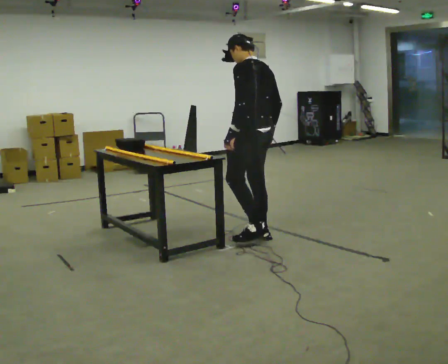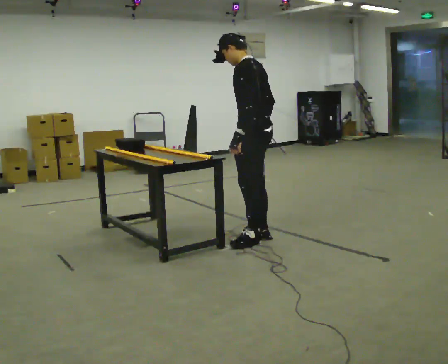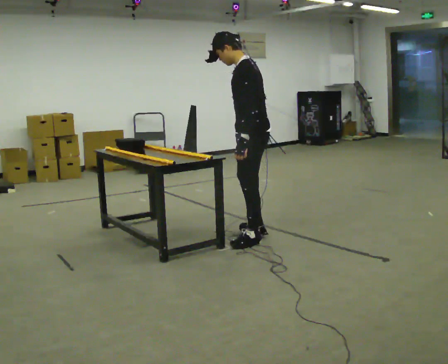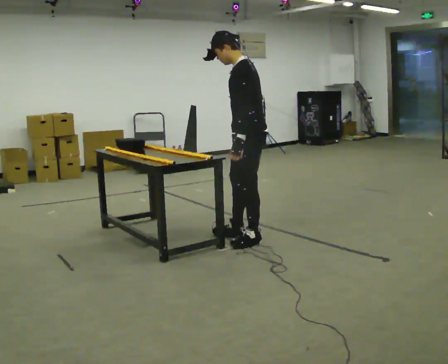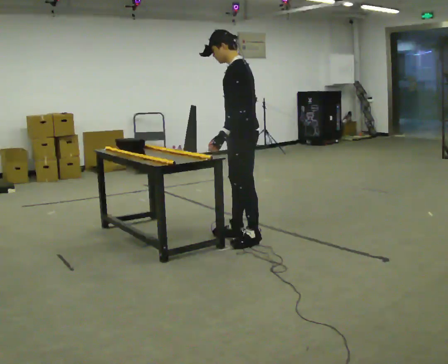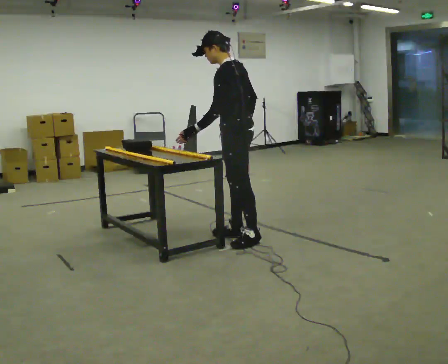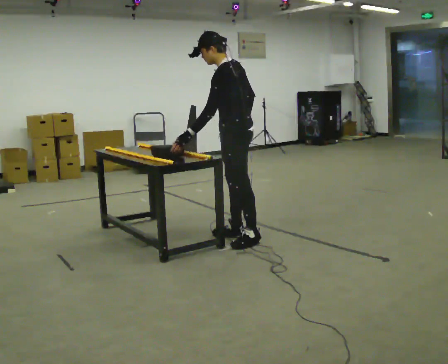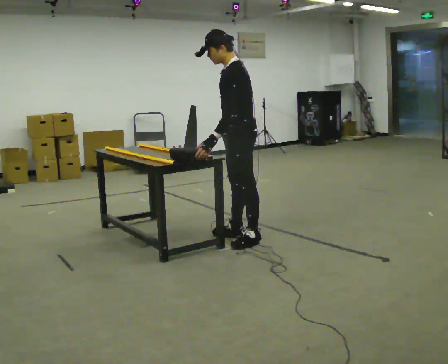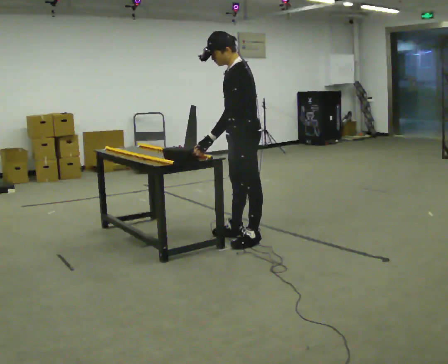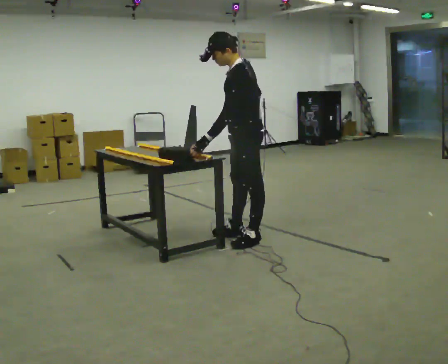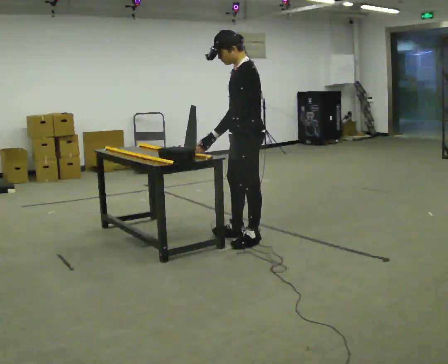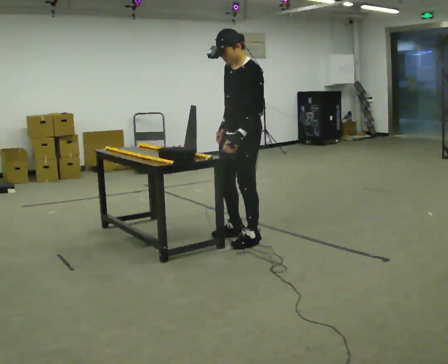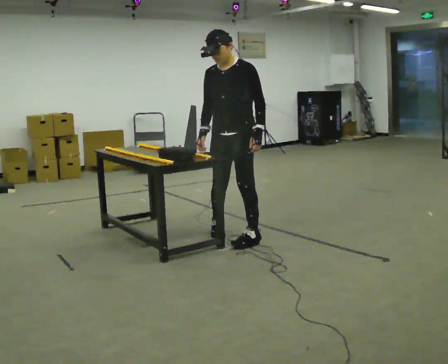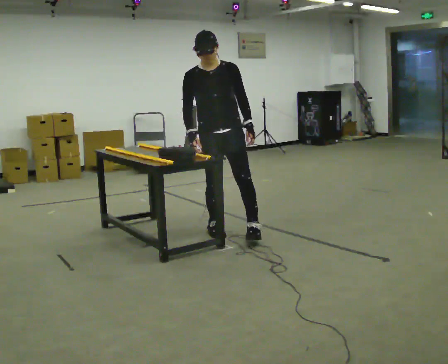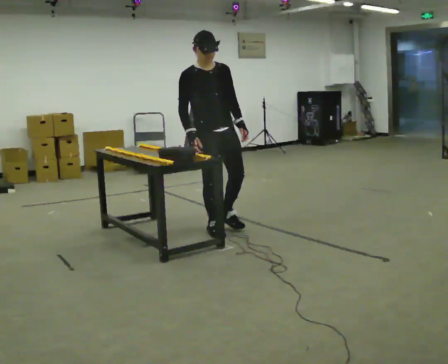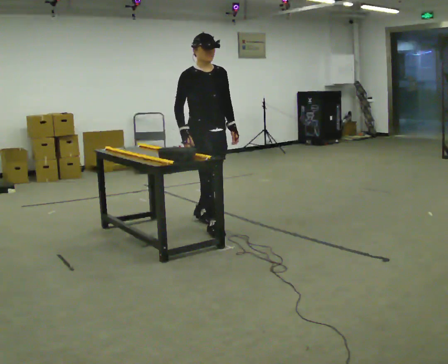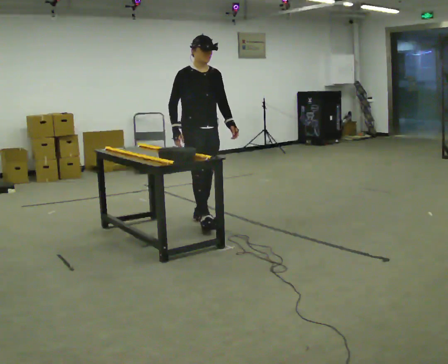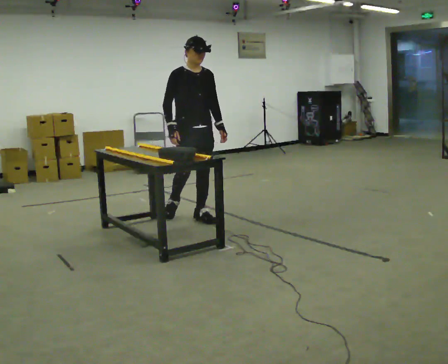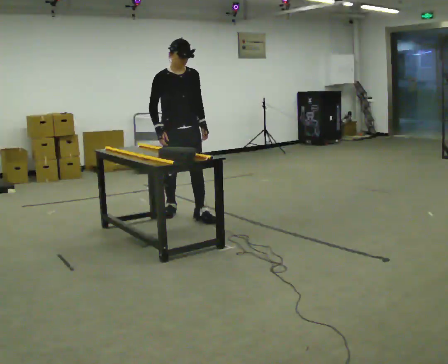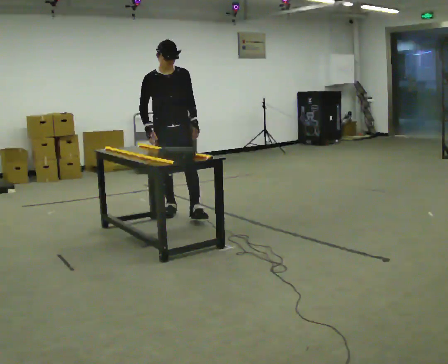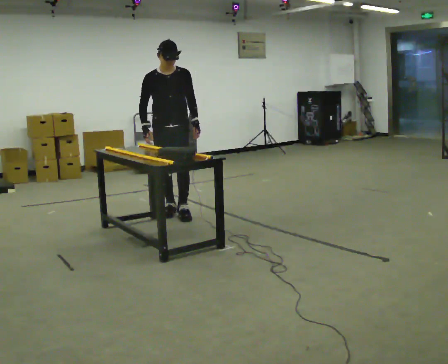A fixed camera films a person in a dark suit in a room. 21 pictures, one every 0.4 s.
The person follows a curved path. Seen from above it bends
clockwise.
0.0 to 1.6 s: The part of the body nearest the lens slides to the right as the person turns to their left by about 30 degrees.
1.6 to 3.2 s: The person moves a little, or ends about where they began.
3.2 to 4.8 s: Seen from above the body turns counterclockwise, about 60 degrees: to their left, with its near side sliding to the right. In the picture their left hand goes to the right, the arm swinging counterclockwise.
4.8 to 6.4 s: The person turns about 75 degrees to their left, counterclockwise seen from above, so the part of the body nearest the lens slides to the right. In the picture they go away from the camera and to the left, about 0.75 m in 2 steps.
6.4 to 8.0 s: The part of the body nearest the lens slides to the left as the person turns to their right by about 30 degrees. In the picture they go to the left and away from the camera, about 0.5 m in 1 step, which for them is backward and to their right.
The film runs backward here.
